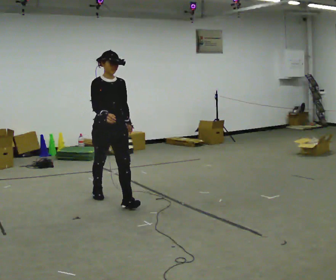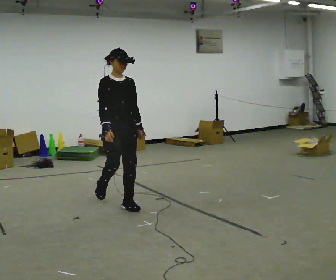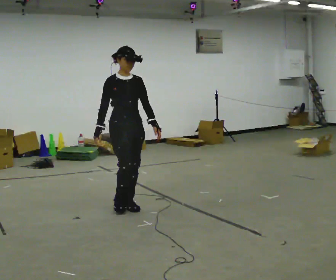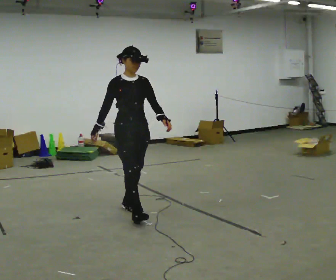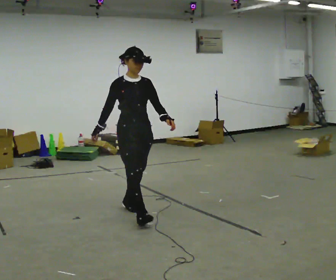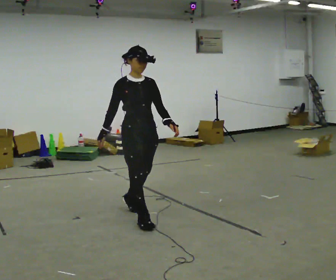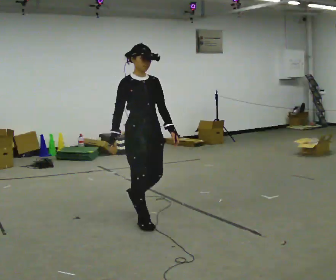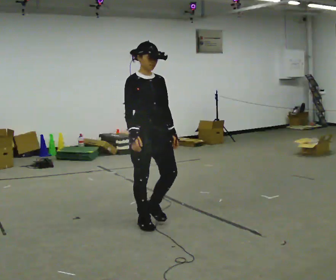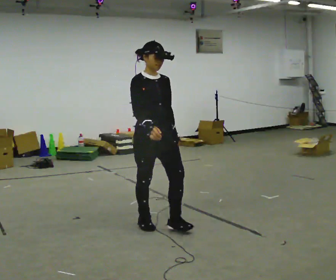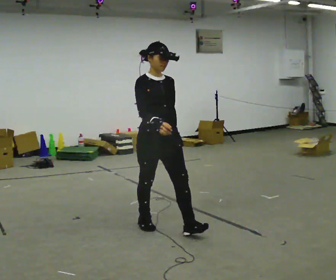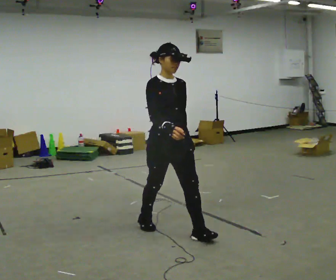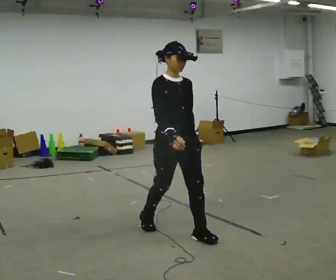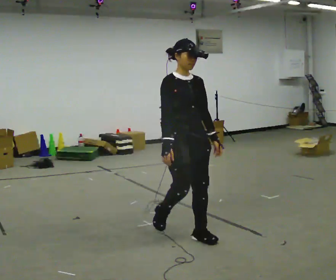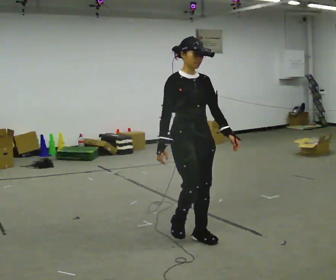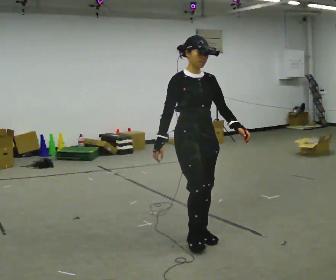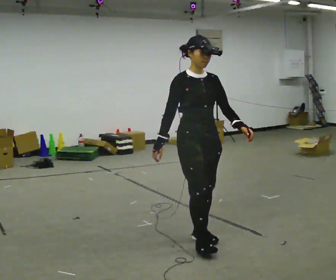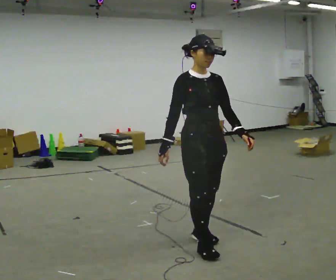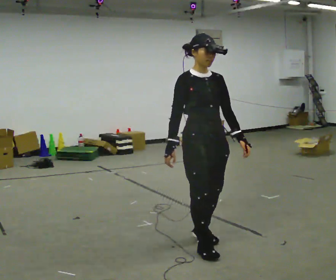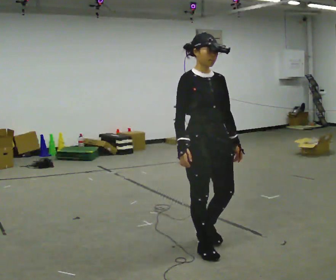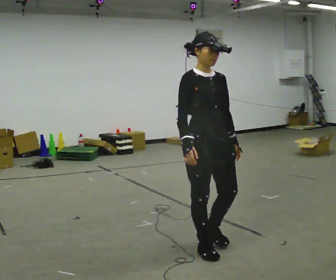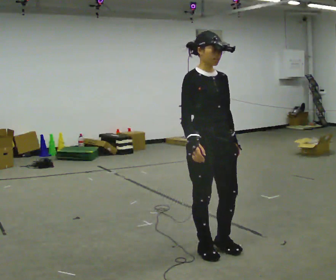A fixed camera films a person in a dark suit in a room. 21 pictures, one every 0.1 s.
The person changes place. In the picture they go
toward the camera.
0.0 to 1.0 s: In the picture they go toward the camera and to the right, about 1 m in 2 steps, which for them is forward.
1.0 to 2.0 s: In the picture they go toward the camera and to the right, about 0.5 m in 2 steps, which for them is forward.
The film runs forward here.
